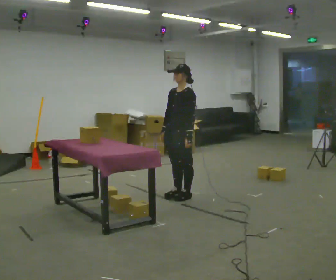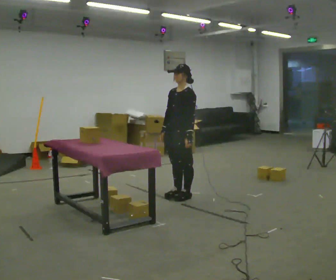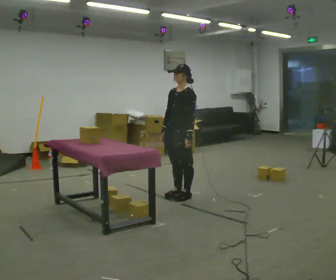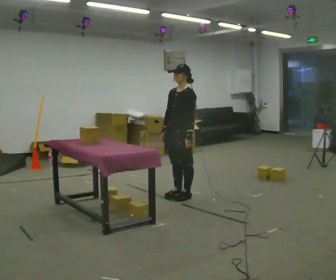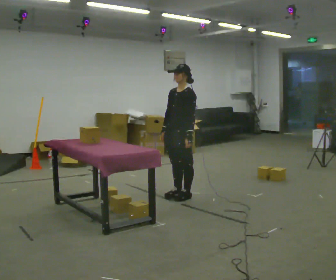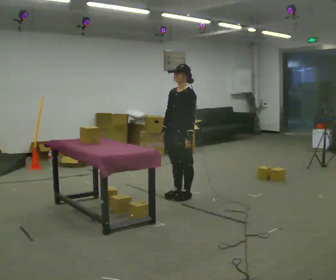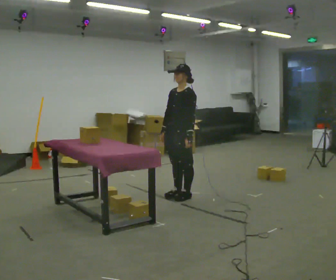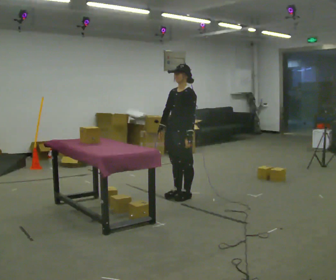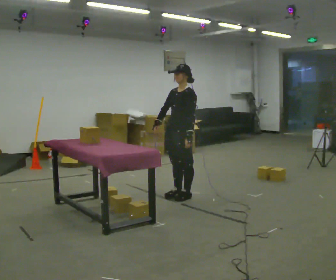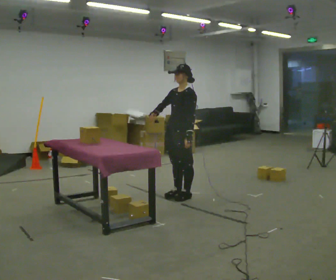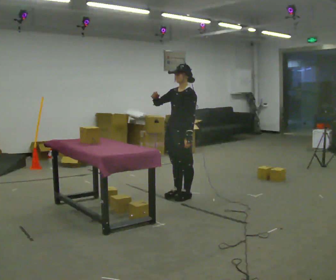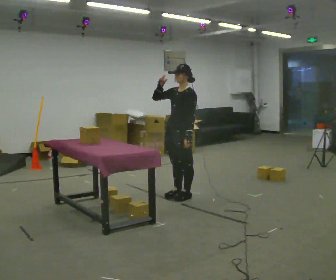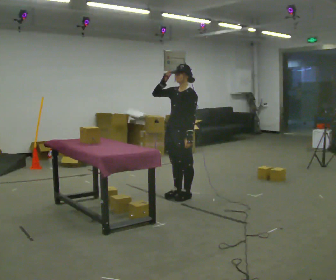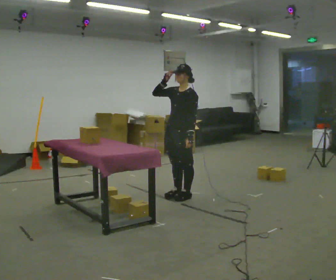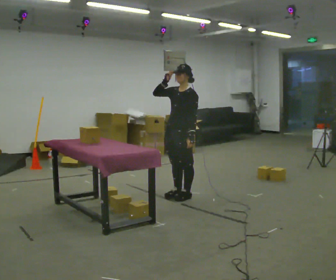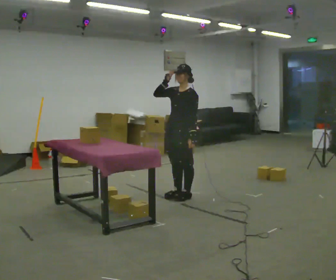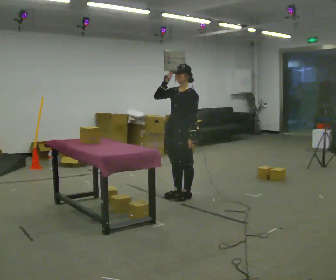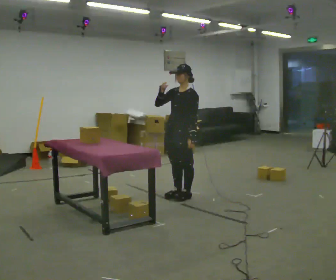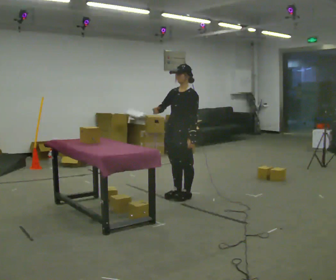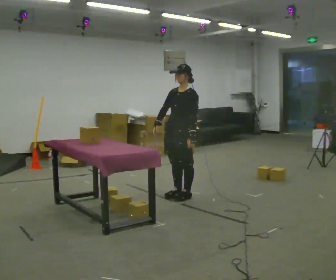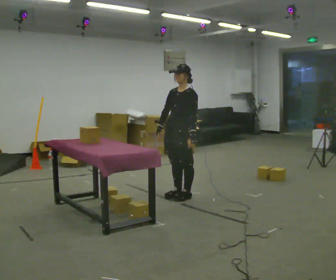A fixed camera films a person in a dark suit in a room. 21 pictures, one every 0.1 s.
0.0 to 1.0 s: In the picture their right hand goes upward, the arm swinging clockwise.
1.0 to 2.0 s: In the picture their right hand goes downward.
The film runs forward here.
